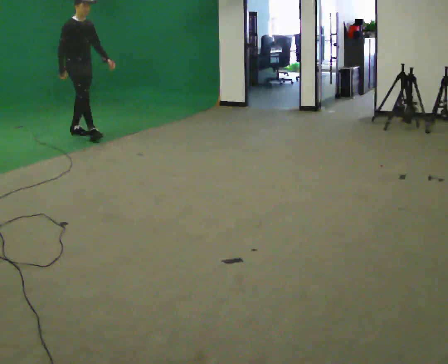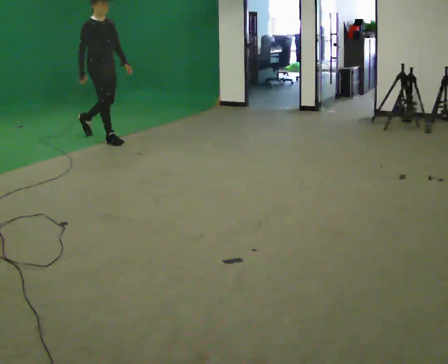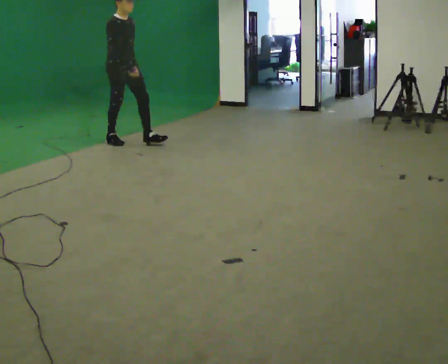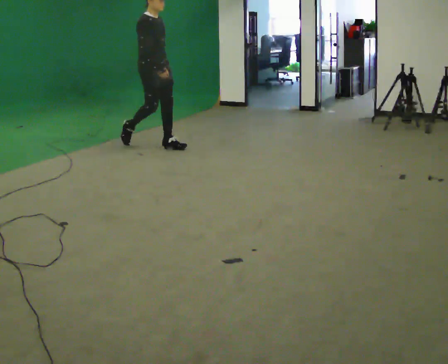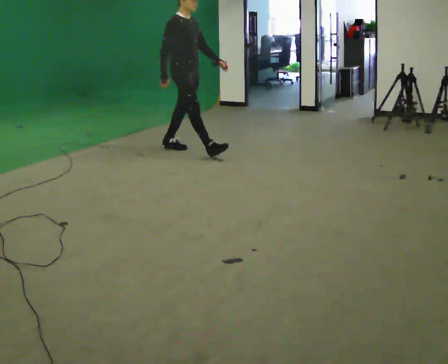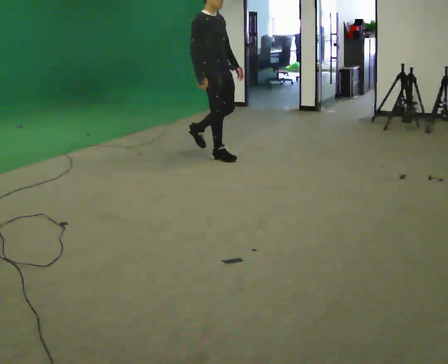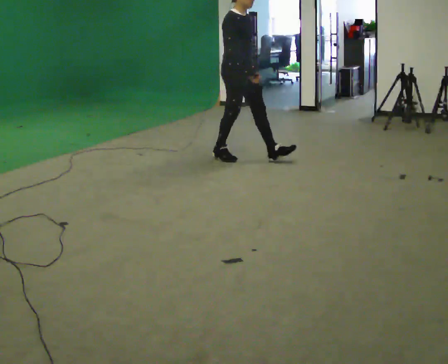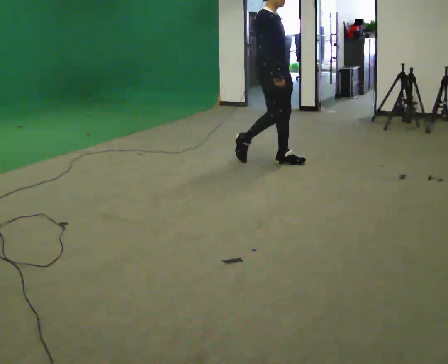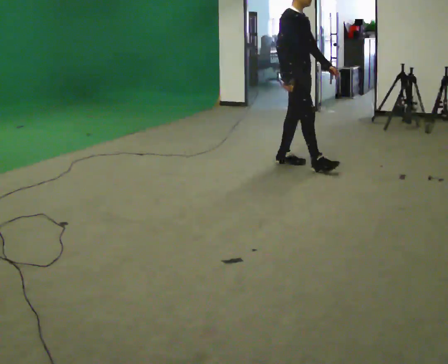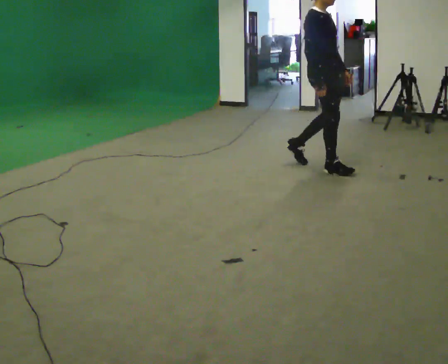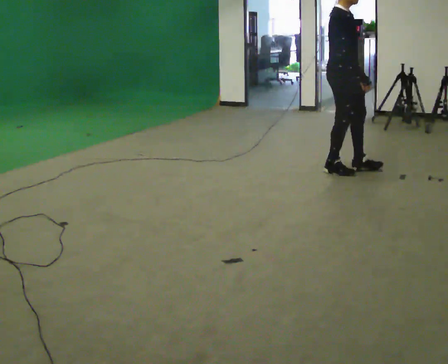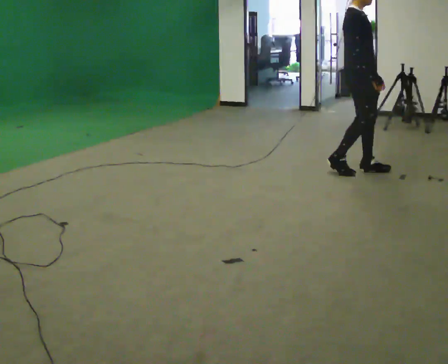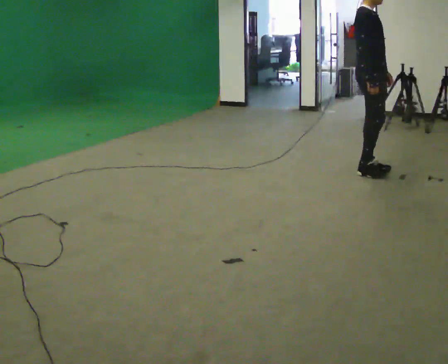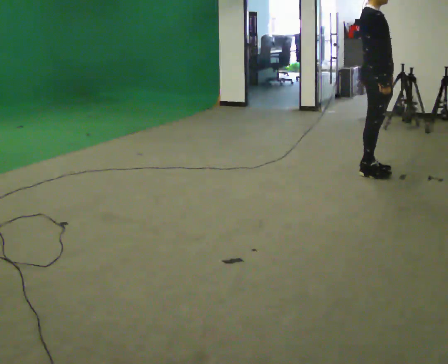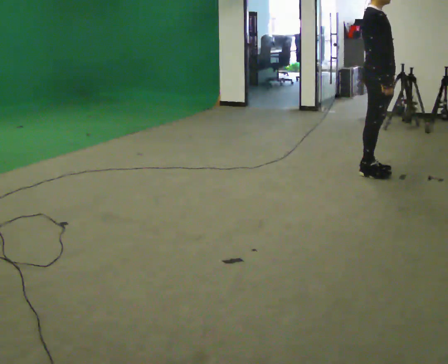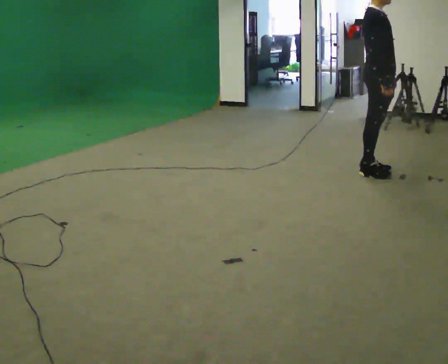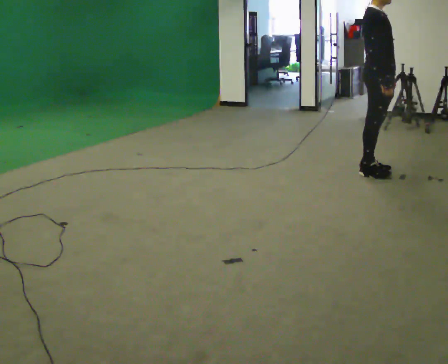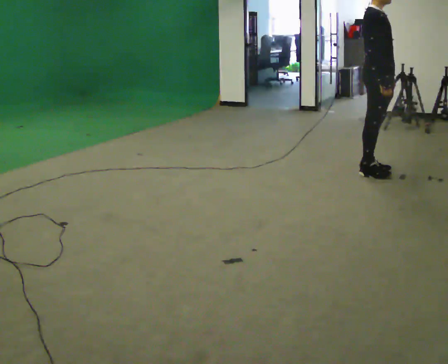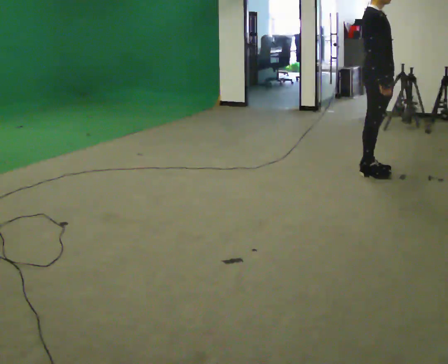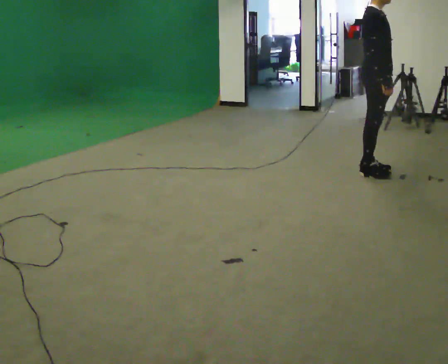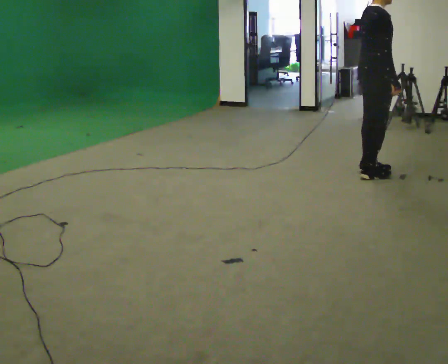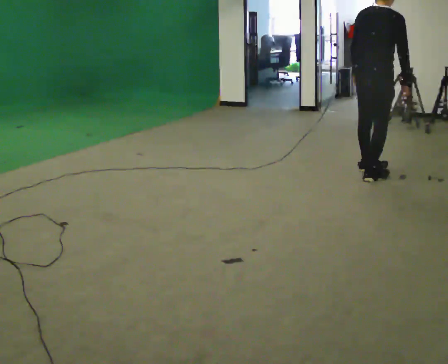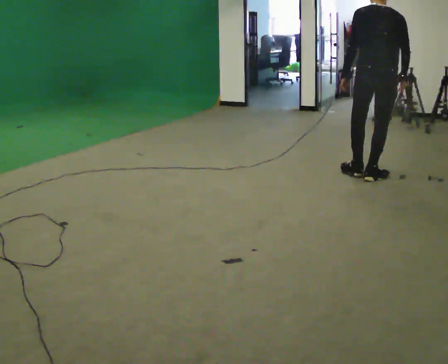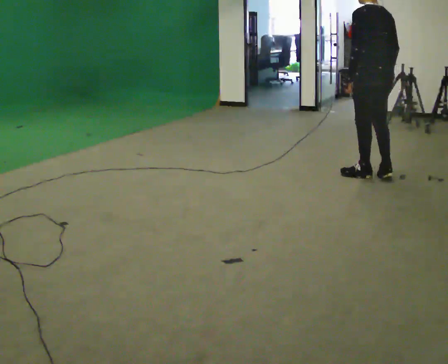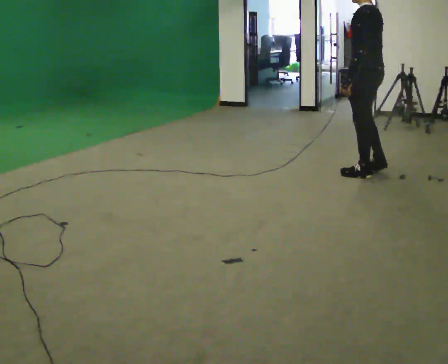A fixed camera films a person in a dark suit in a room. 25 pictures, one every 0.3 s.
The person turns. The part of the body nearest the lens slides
to the right.
The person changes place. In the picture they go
to the right.
0.0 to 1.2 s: In the picture they go to the right, about 1.5 m in 2 steps, which for them is forward.
1.2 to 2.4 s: In the picture they go to the right, about 1 m in 2 steps, which for them is forward.
2.4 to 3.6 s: In the picture they go to the right, about 0.75 m in 2 steps, which for them is forward.
3.6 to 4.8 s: The person moves a little, or ends about where they began.
4.8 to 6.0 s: The person turns about 30 degrees to their left, counterclockwise seen from above, so the part of the body nearest the lens slides to the right.
6.0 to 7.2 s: Seen from above the body turns counterclockwise, about 135 degrees: to their left, with its near side sliding to the right.
The film runs forward here.
